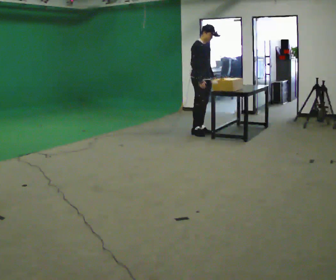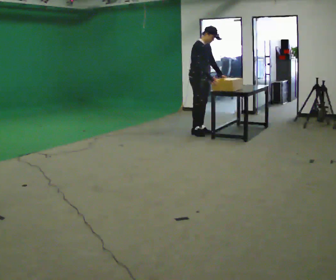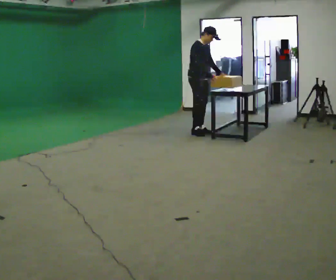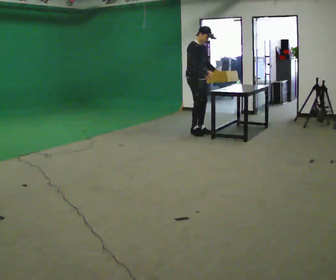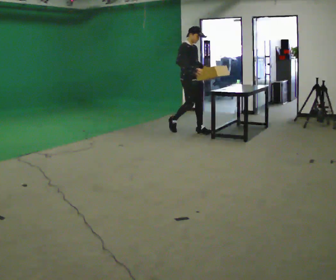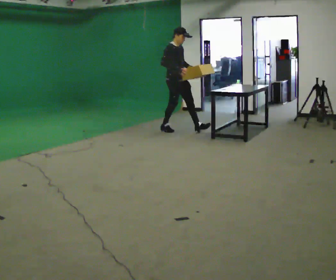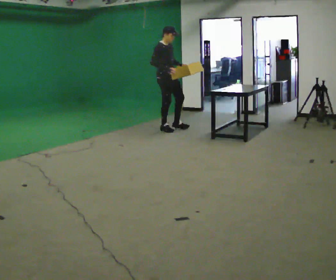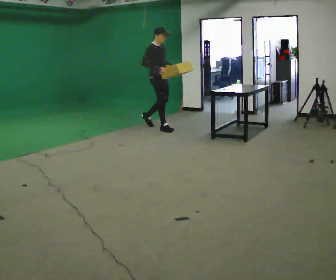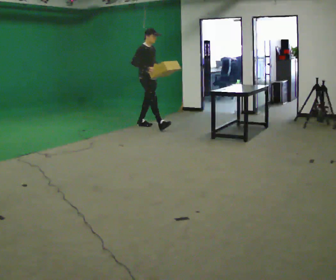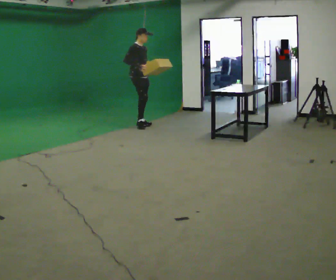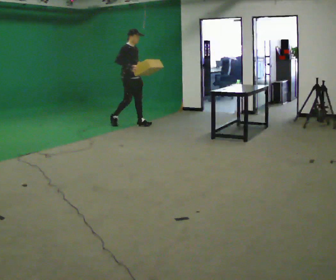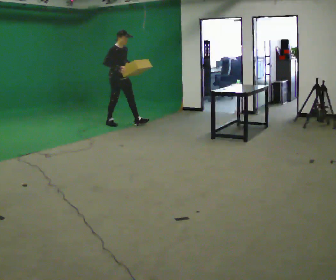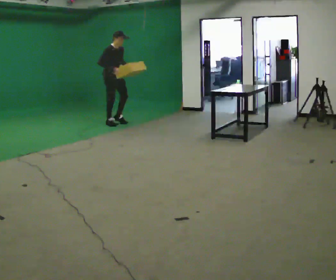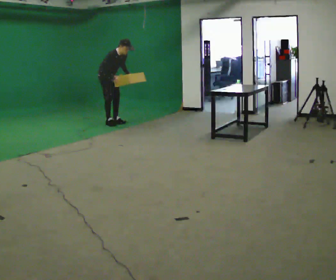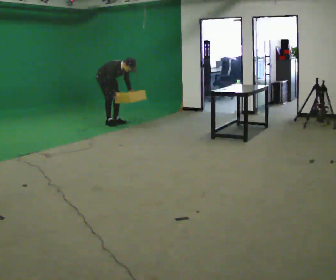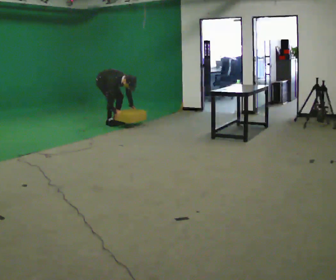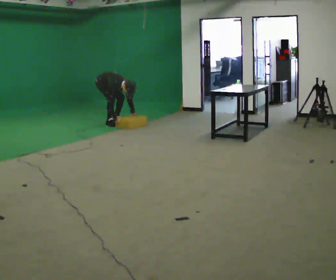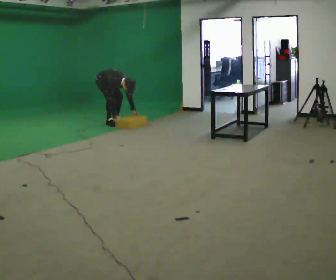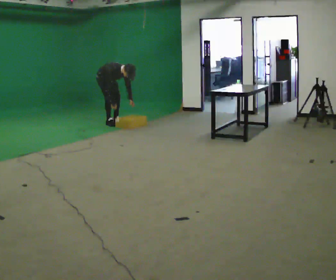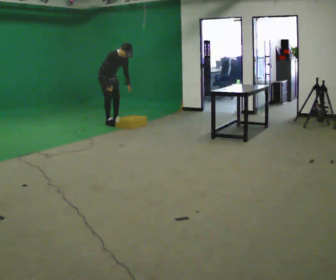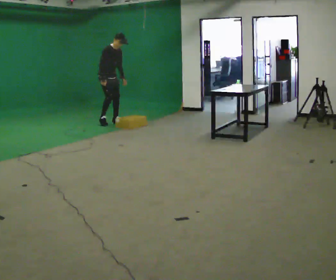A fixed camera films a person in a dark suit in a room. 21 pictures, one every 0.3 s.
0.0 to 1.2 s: The person moves a little, or ends about where they began.
1.2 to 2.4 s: In the picture they go to the left and away from the camera, about 1 m in 1 step, which for them is backward.
2.4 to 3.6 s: In the picture they go to the left and away from the camera, about 0.5 m in 2 steps, which for them is backward.
3.6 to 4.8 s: In the picture they go away from the camera and to the left, about 0.25 m, which for them is backward. The shoulders move downward. In the picture the upper body tilts clockwise, shoulders to the right, as they bend forward. In the picture their right hand goes downward.
4.8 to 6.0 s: The upper body goes upward. The upper body tips away from the camera, its near side rolling upward, as they lean back or straighten. In the picture their right hand goes upward.
The film runs backward here.
